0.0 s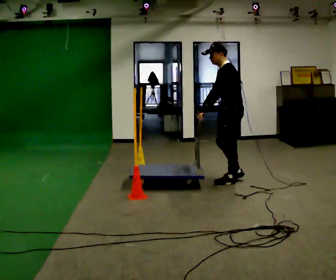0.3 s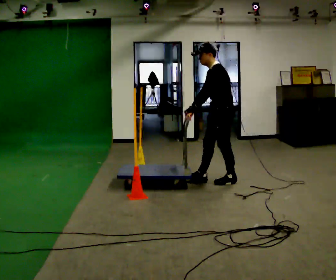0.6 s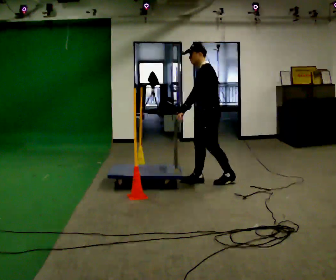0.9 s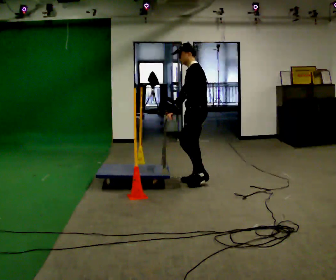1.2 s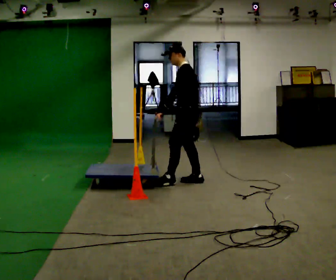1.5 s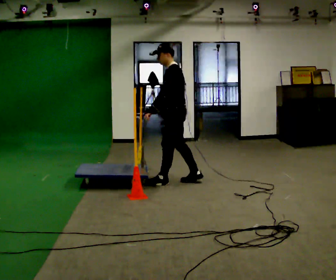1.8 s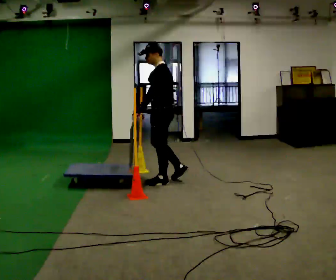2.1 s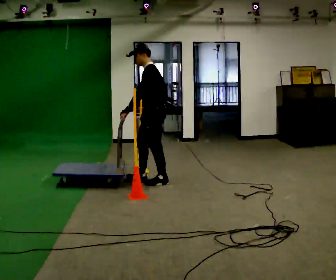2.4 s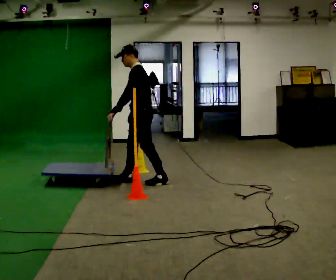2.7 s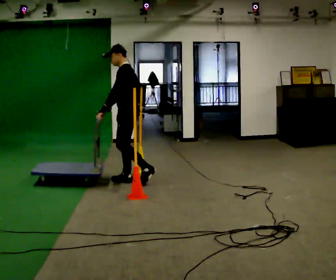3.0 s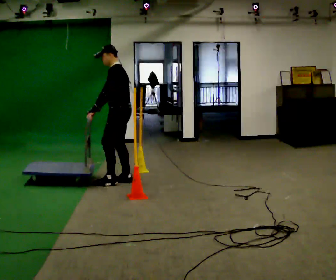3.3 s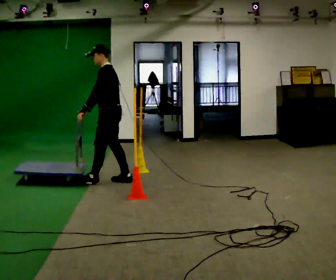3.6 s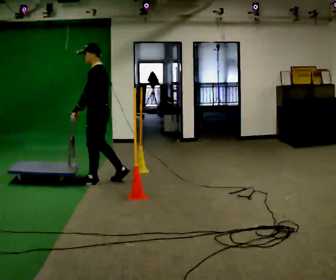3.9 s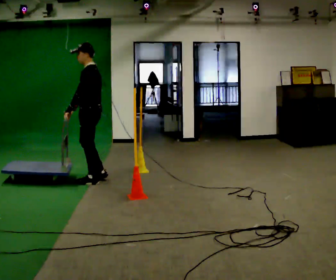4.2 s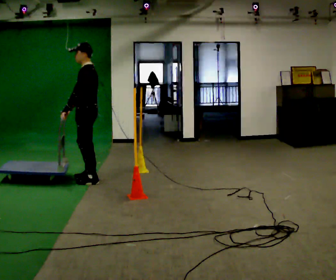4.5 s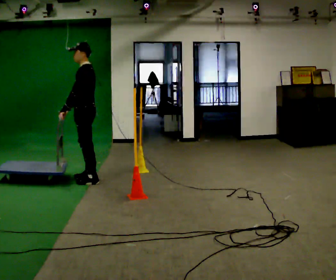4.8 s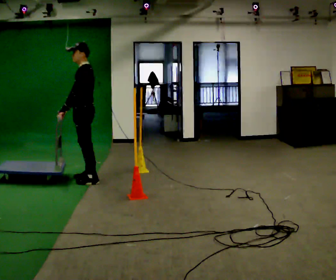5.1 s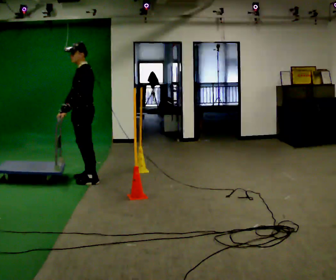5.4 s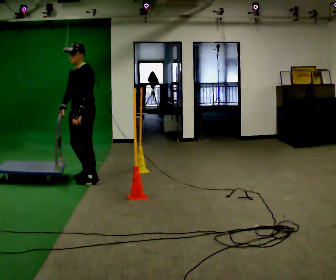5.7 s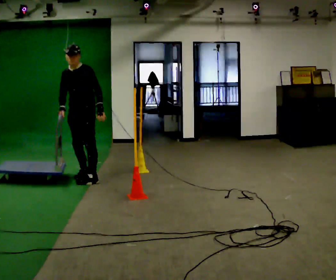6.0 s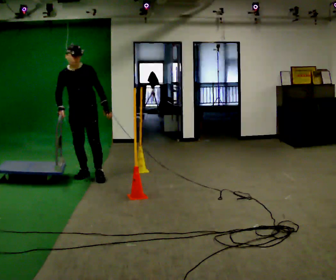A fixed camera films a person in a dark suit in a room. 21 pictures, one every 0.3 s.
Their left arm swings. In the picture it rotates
counterclockwise.
The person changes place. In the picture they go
to the left.
0.0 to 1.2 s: In the picture they go to the left, about 0.5 m in 1 step, which for them is forward.
1.2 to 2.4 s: In the picture they go to the left, about 0.5 m in 2 steps, which for them is forward.
2.4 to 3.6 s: In the picture they go to the left, about 0.5 m in 1 step, which for them is forward.
3.6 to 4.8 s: In the picture they go to the left, about 0.25 m in 1 step, which for them is forward.
4.8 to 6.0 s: Seen from above the body turns counterclockwise, about 75 degrees: to their left, with its near side sliding to the right. In the picture they go away from the camera, about 0.25 m in 1 step. In the picture their left hand goes to the right, the arm swinging counterclockwise.
The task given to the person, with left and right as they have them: Push the cart through the gap between the poles without touching them, then bring it back through.
The film runs forward here.
